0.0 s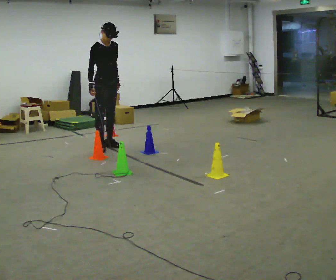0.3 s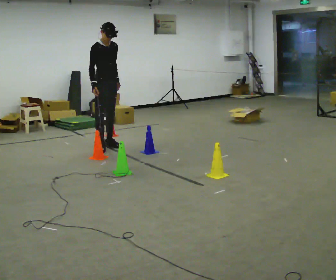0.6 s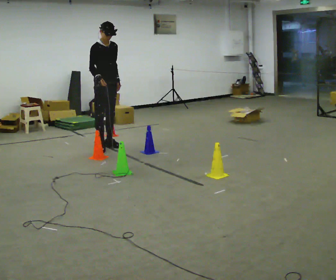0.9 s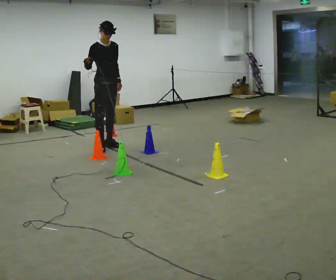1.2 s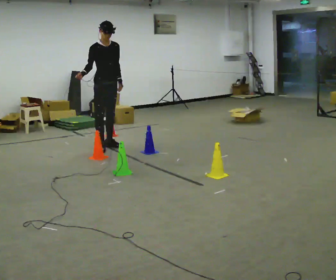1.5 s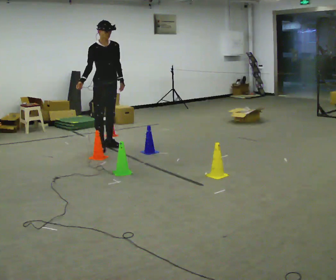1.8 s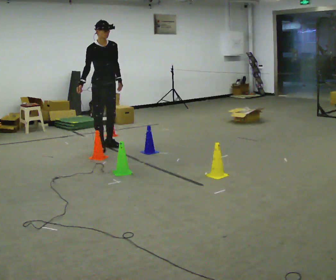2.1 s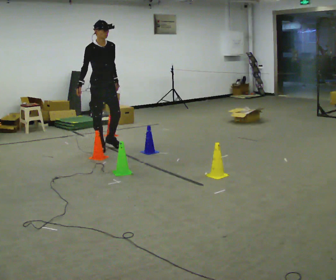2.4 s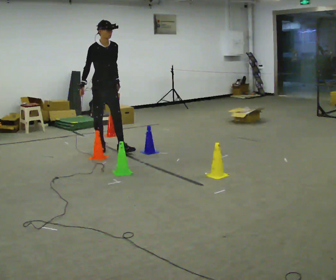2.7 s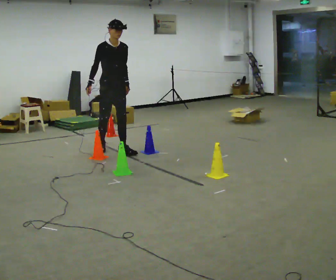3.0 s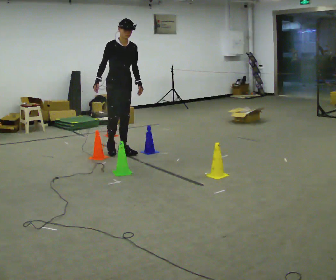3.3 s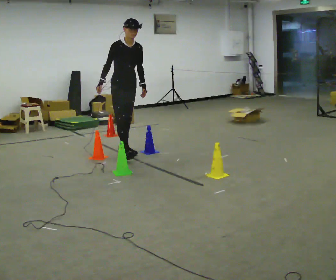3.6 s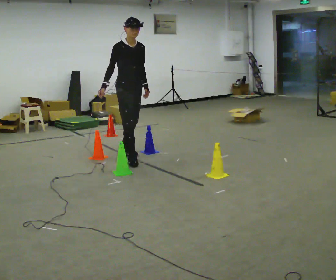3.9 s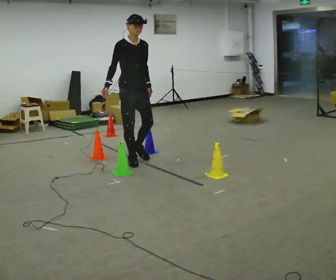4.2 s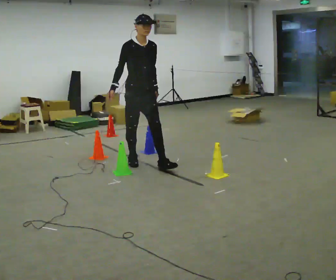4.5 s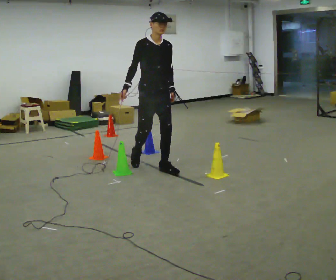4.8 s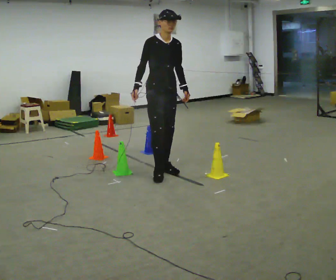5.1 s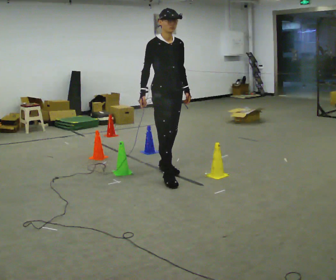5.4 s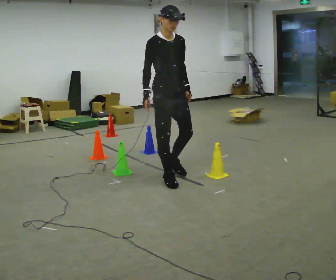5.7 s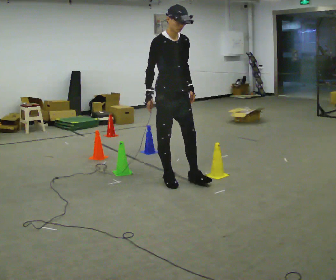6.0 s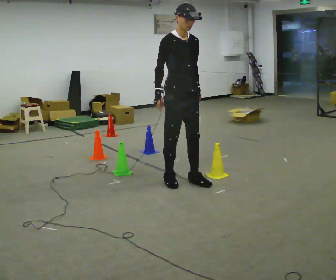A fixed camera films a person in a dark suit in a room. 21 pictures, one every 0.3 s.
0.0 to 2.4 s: The person moves a little, or ends about where they began.
2.4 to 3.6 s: In the picture they go toward the camera and to the right, about 0.5 m in 2 steps, which for them is forward.
3.6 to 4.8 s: In the picture they go toward the camera and to the right, about 0.75 m in 1 step, which for them is forward.
4.8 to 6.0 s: In the picture they go toward the camera, about 0.5 m in 2 steps, which for them is forward.
The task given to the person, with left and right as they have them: Walk through passage without touching sides; continue normally after exit.
The film runs forward here.
